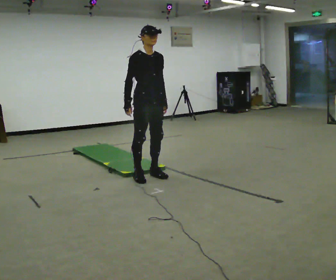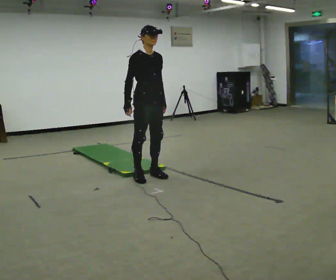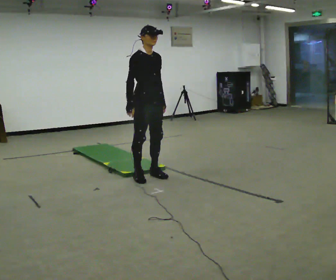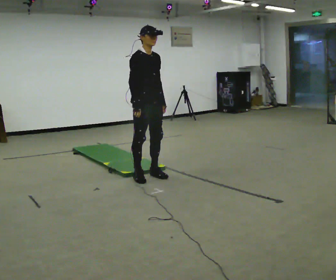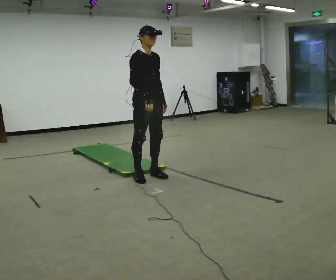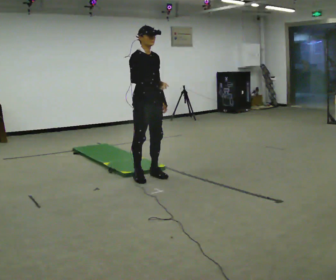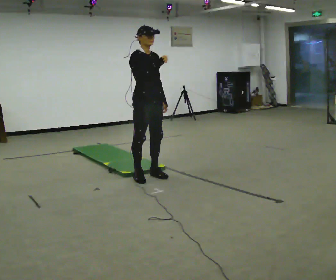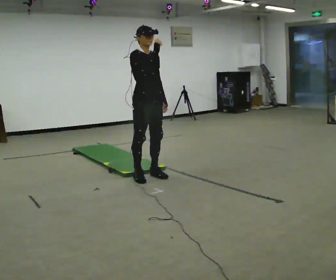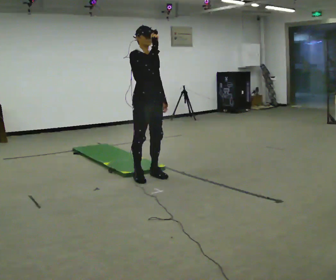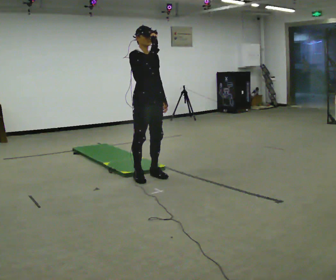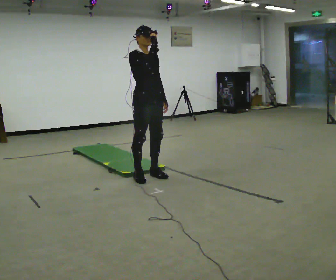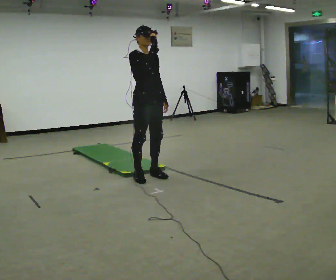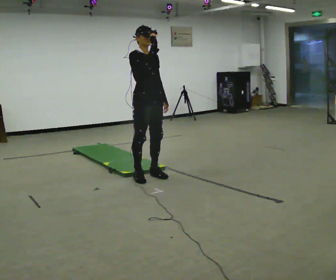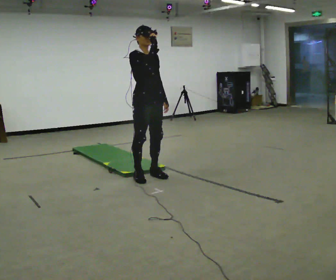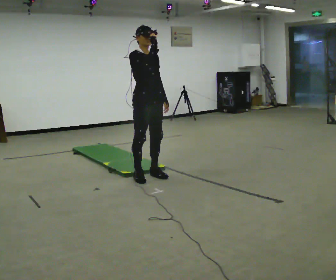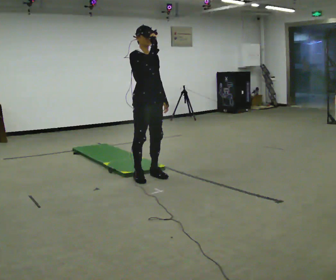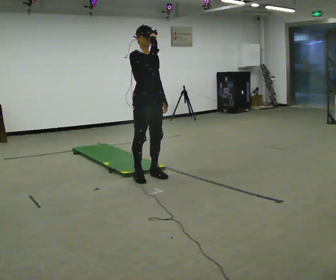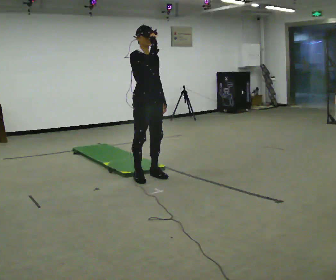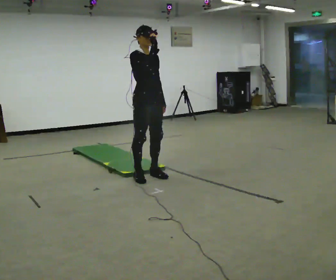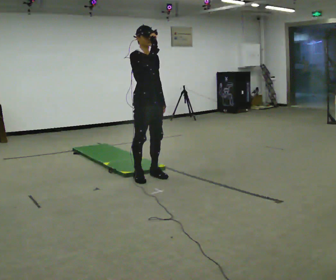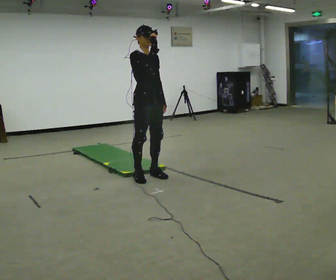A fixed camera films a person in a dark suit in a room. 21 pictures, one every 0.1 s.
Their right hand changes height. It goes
upward.
0.0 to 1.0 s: In the picture their right hand goes upward.
1.0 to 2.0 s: The person moves a little, or ends about where they began.
The film runs backward here.
